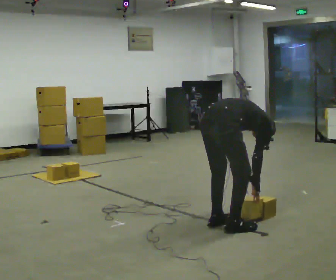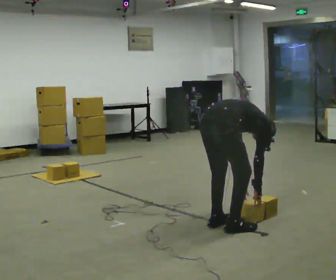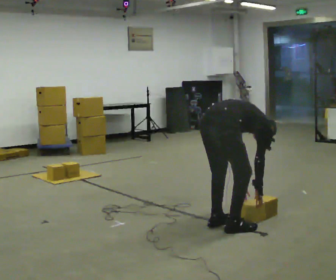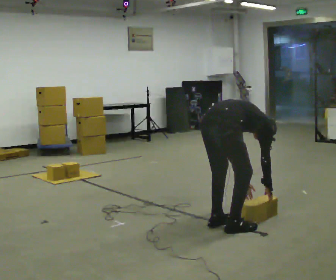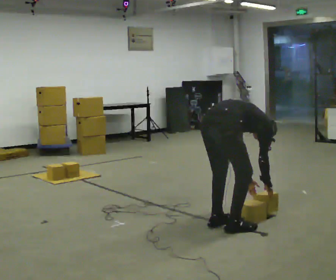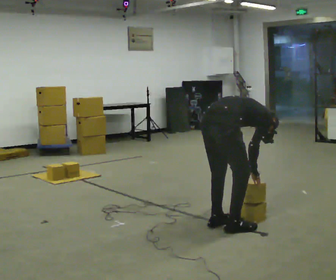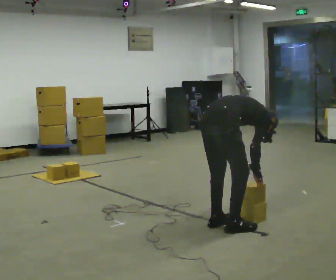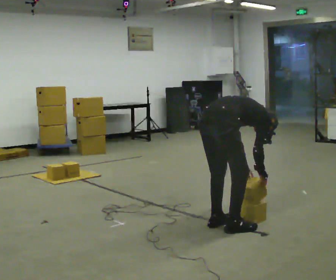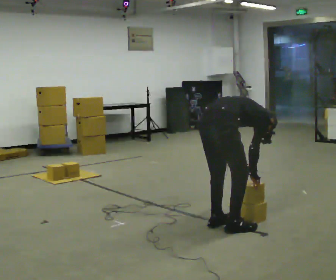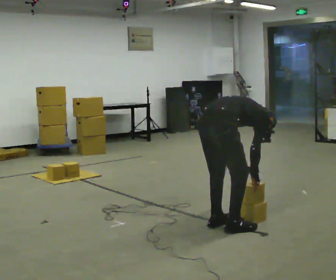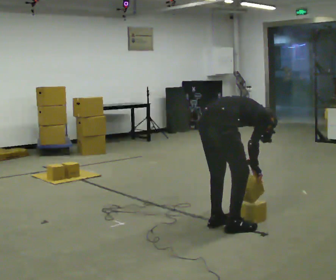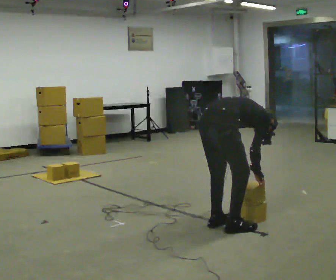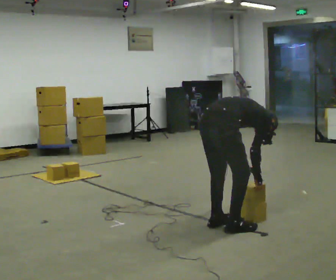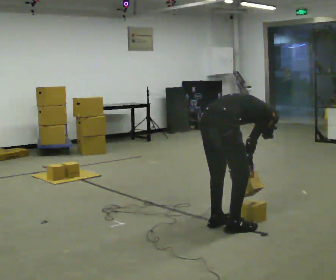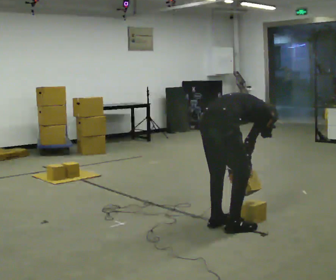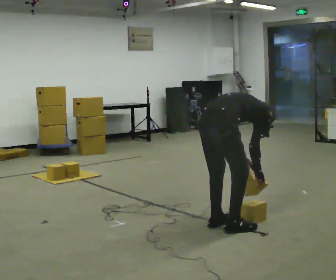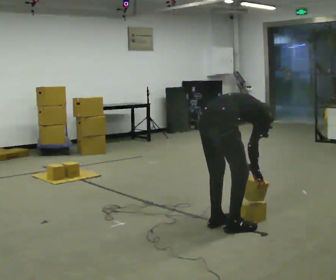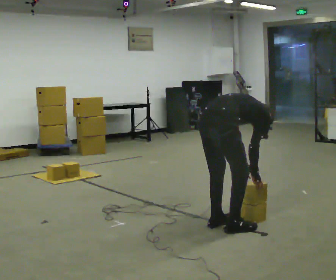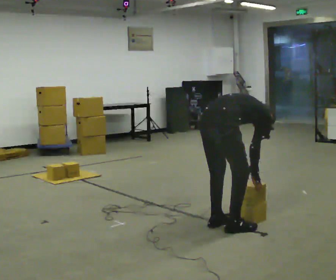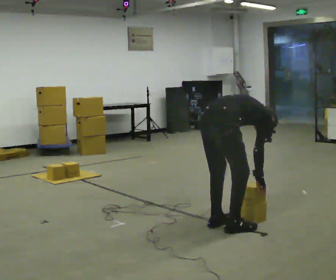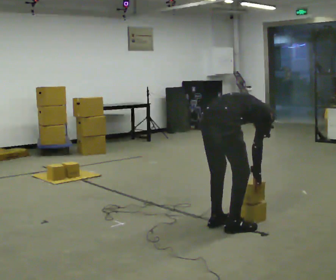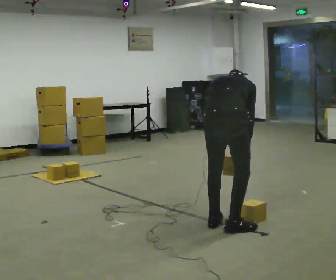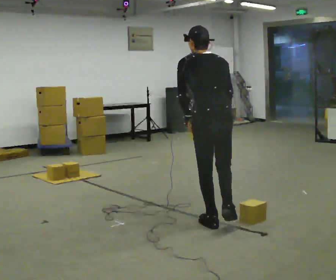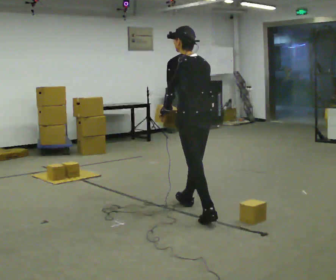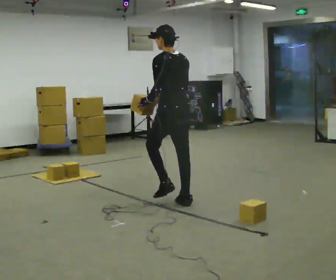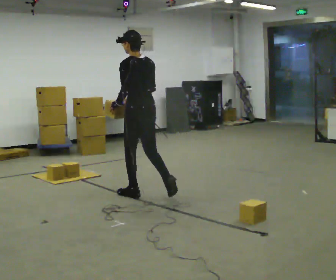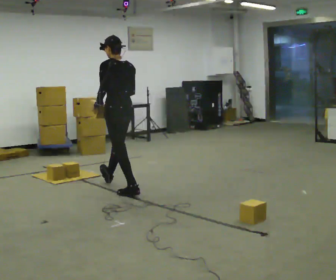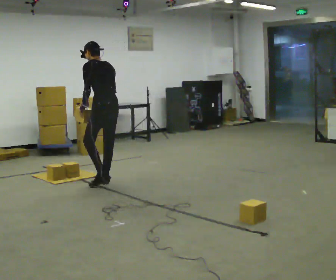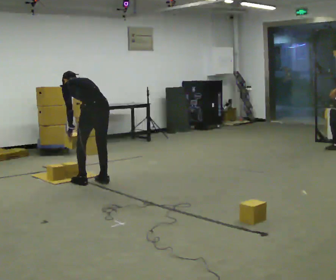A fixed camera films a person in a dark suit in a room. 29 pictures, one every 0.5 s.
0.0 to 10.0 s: The person moves a little, or ends about where they began.
10.0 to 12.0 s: Seen from above the body turns counterclockwise, about 75 degrees: to their left, with its near side sliding to the right. In the picture they go away from the camera and to the left, about 1 m in 1 step. The upper body goes upward. The upper body tips toward the camera, its near side rolling downward, as they lean back or straighten. In the picture their right hand goes upward.
12.0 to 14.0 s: In the picture they go to the left and away from the camera, about 1 m in 3 steps, which for them is forward. The shoulders move downward. In the picture the upper body tilts counterclockwise, shoulders to the left, as they bend forward. In the picture their right hand goes downward.
The film runs forward here.
